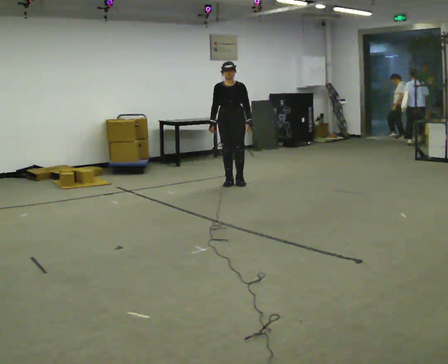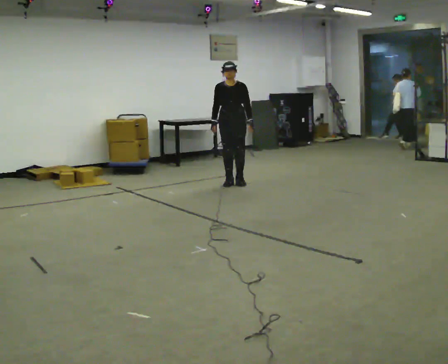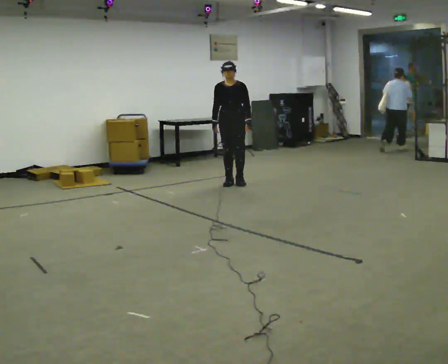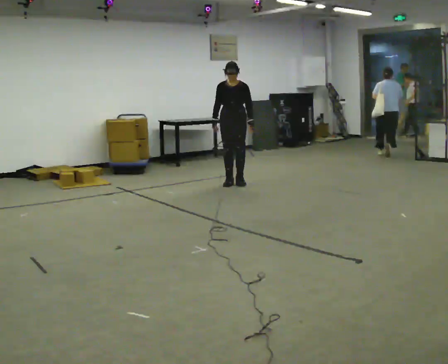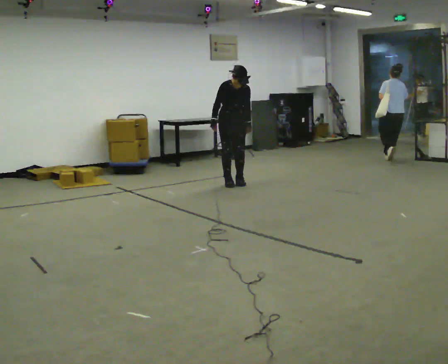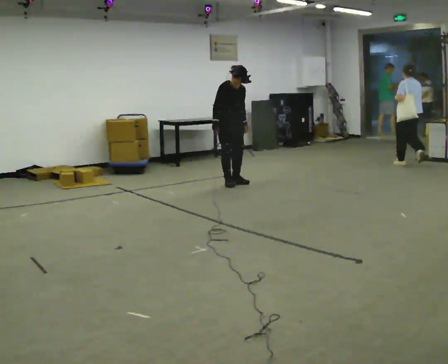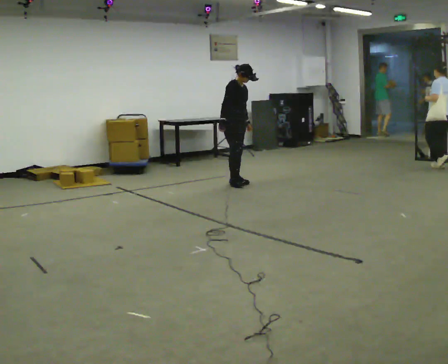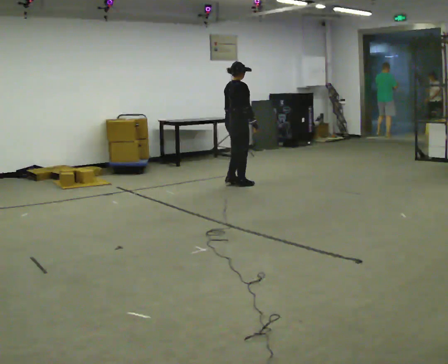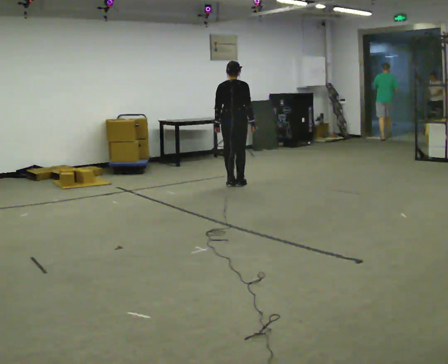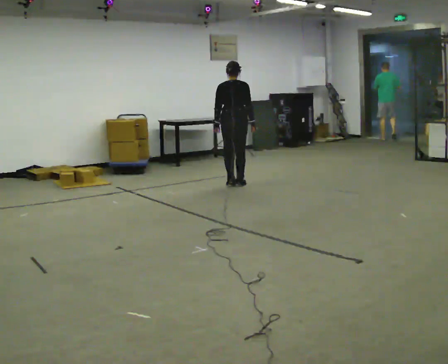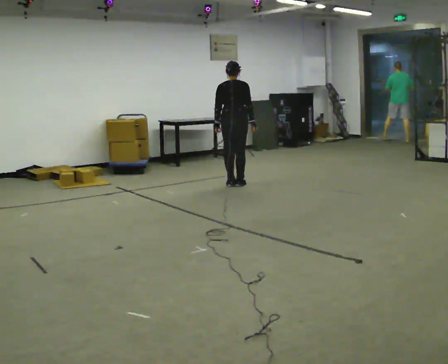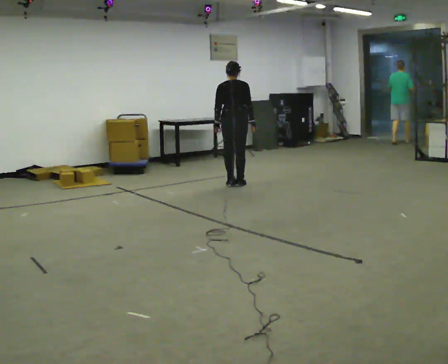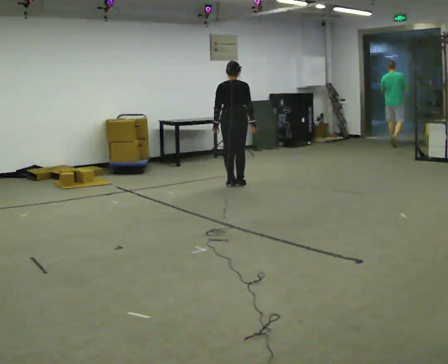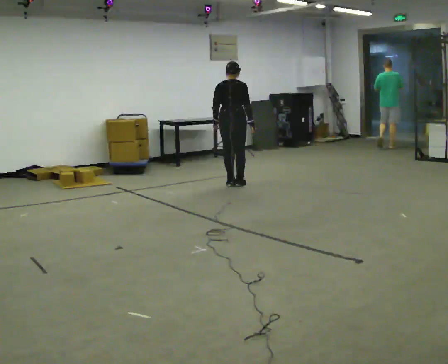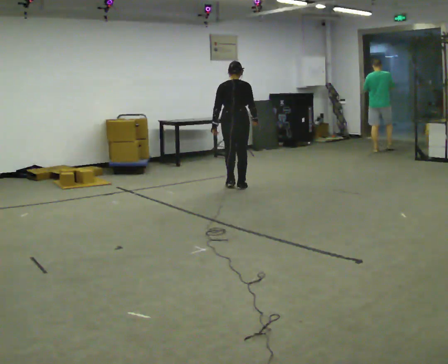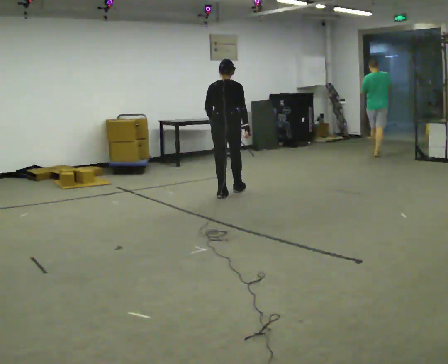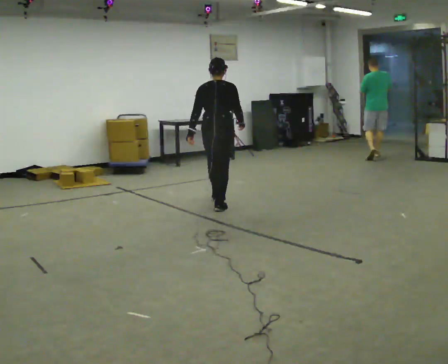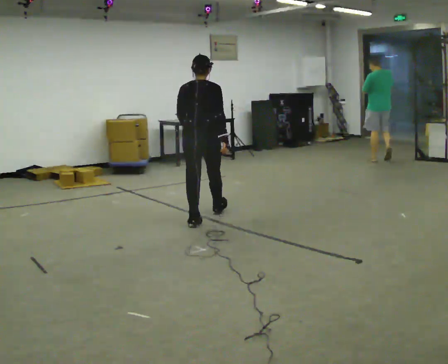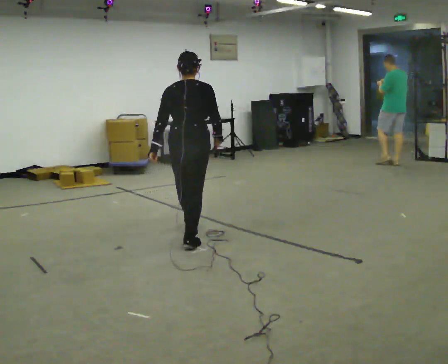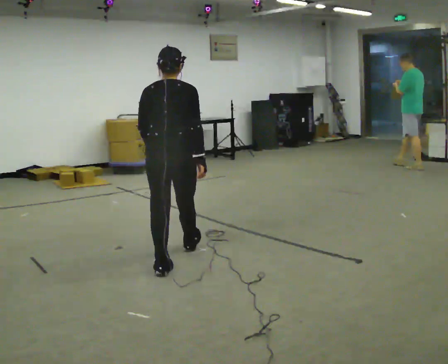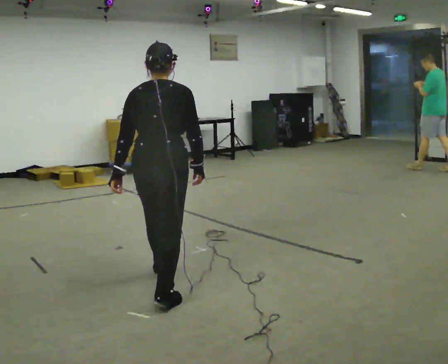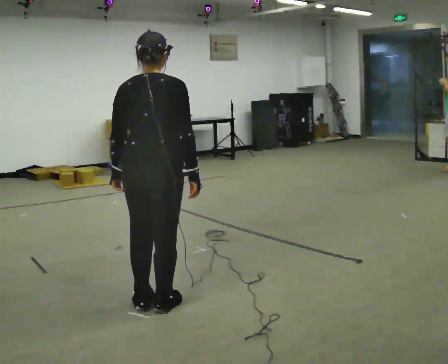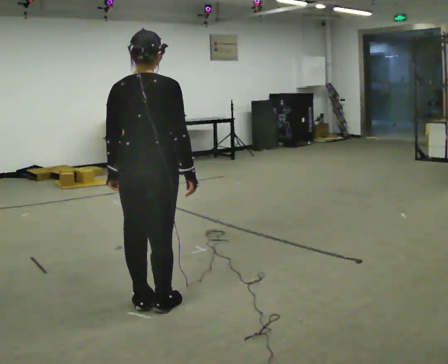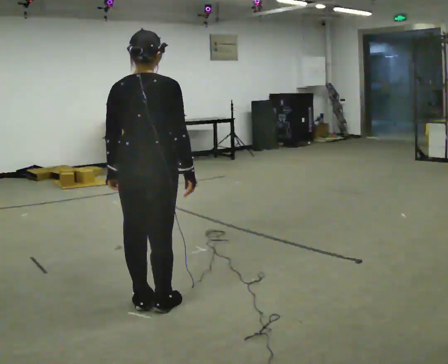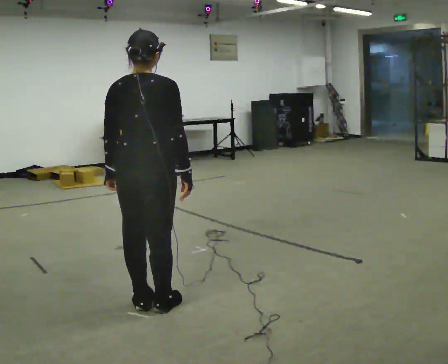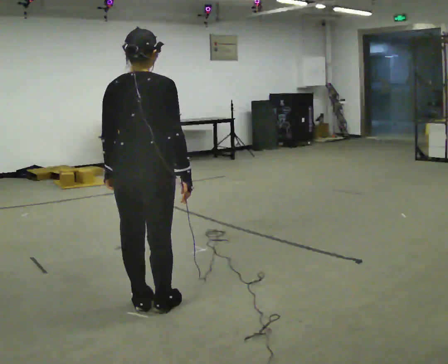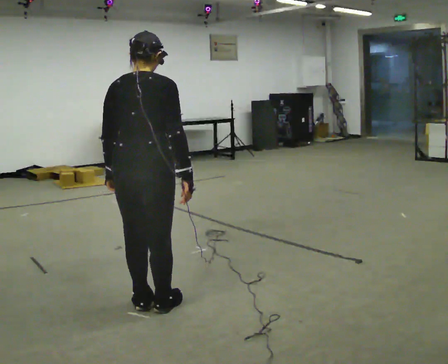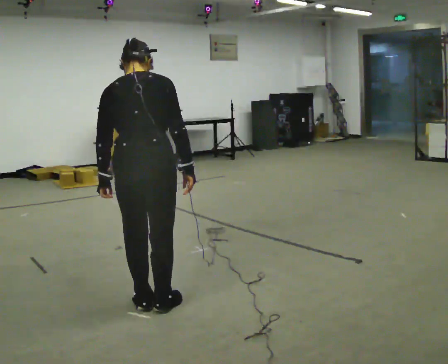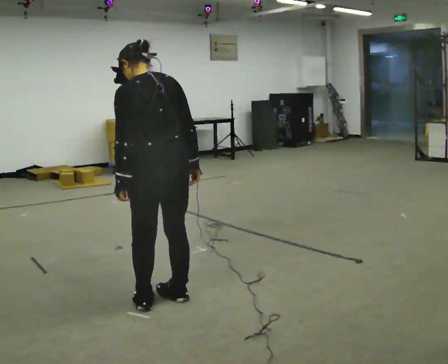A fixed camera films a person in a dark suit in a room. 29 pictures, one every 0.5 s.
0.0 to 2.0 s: The person moves a little, or ends about where they began.
2.0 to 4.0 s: The person turns about 150 degrees to their left, counterclockwise seen from above, so the part of the body nearest the lens slides to the right. In the picture their right hand goes to the right, the arm swinging counterclockwise.
4.0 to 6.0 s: The person moves a little, or ends about where they began.
6.0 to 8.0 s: In the picture they go toward the camera, about 1 m in 4 steps, which for them is backward.
8.0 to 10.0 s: In the picture they go toward the camera, about 2.5 m in 3 steps, which for them is backward.
10.0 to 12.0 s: In the picture they go toward the camera, about 0.25 m in 1 step, which for them is backward.
12.0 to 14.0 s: The part of the body nearest the lens slides to the right as the person turns to their left by about 45 degrees.
The film runs backward here.
